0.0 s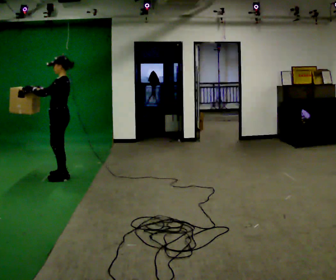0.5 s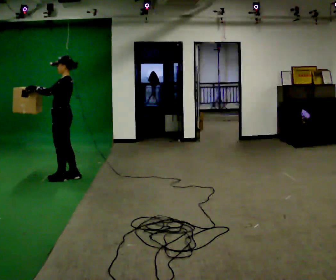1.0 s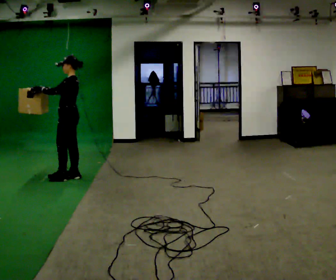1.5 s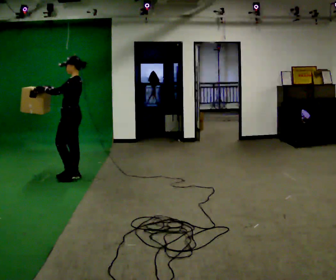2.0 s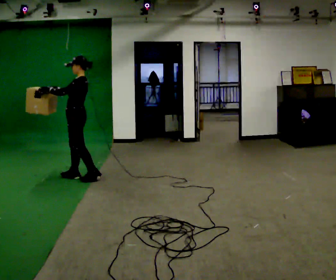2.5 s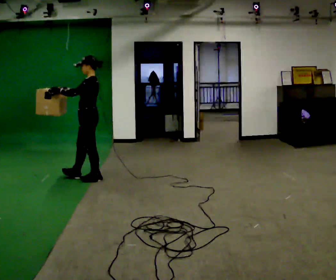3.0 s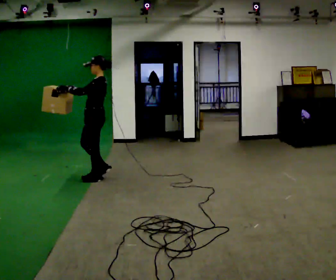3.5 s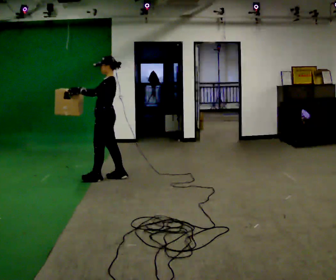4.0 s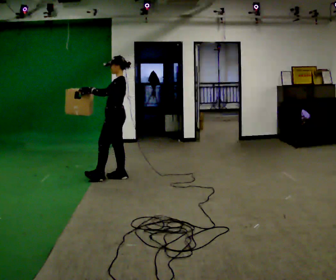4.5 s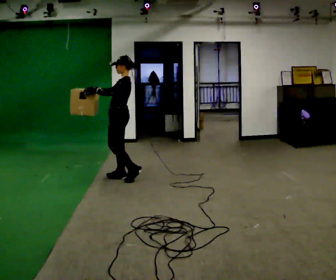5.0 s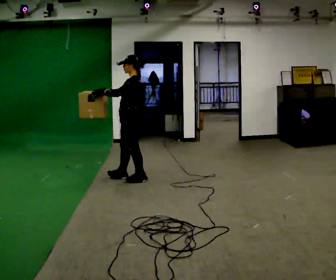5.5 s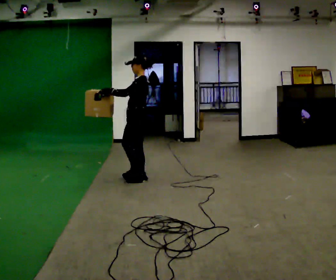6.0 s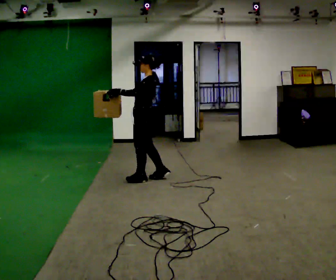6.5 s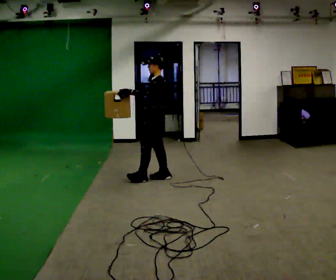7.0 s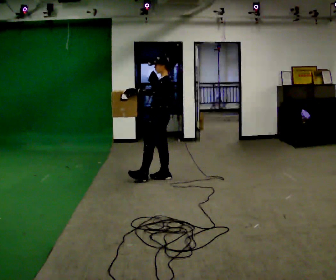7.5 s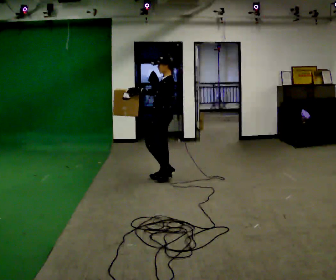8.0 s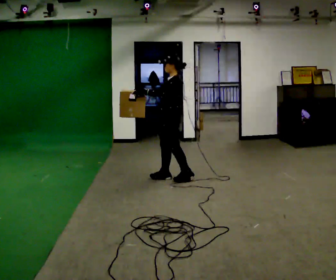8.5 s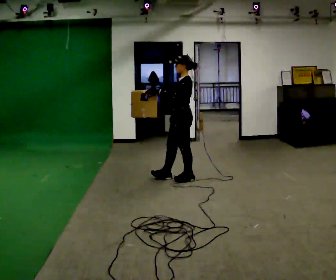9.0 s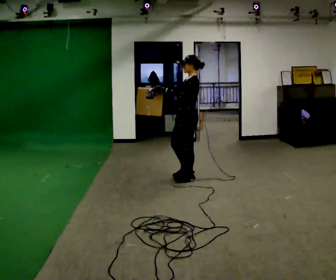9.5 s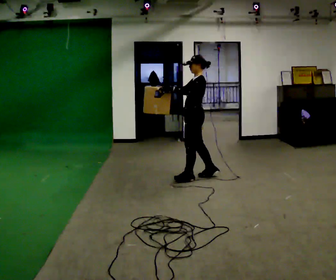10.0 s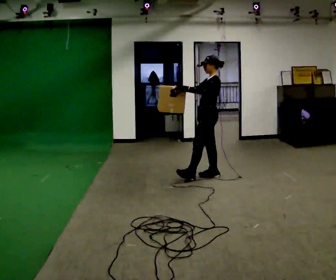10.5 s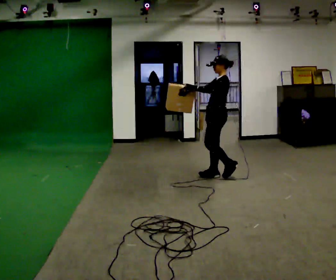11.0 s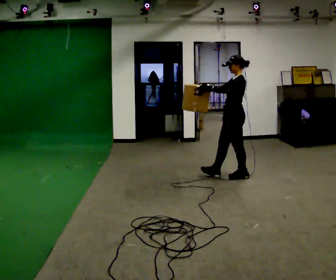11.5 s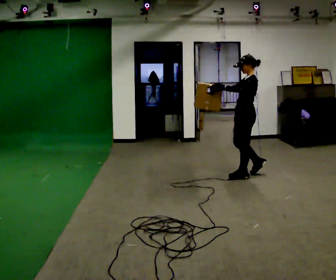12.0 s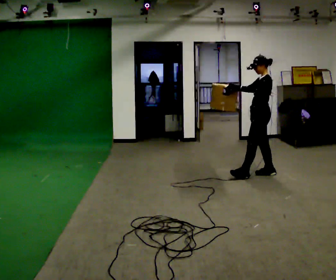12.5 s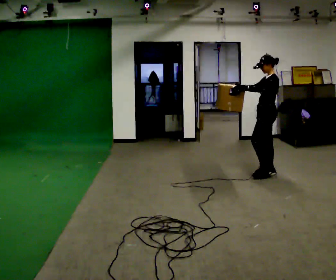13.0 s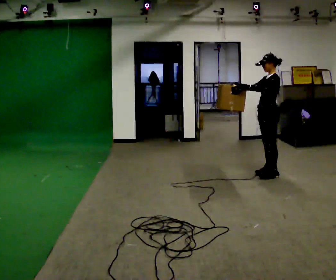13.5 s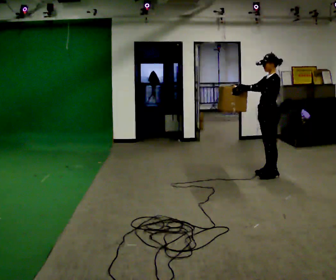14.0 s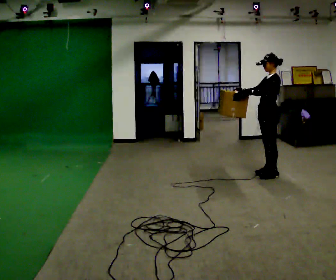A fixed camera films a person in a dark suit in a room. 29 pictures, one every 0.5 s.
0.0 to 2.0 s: In the picture they go to the right, about 0.25 m in 2 steps, which for them is backward.
2.0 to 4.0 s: In the picture they go to the right, about 0.5 m in 2 steps, which for them is backward.
4.0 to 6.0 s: In the picture they go to the right, about 0.5 m in 1 step, which for them is backward.
6.0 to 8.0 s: In the picture they go to the right, about 0.25 m in 1 step, which for them is backward.
8.0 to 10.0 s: In the picture they go to the right, about 0.5 m in 1 step, which for them is backward.
10.0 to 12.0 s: In the picture they go to the right, about 0.75 m in 2 steps, which for them is backward.
12.0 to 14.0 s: The person moves a little, or ends about where they began.
The film runs backward here.
